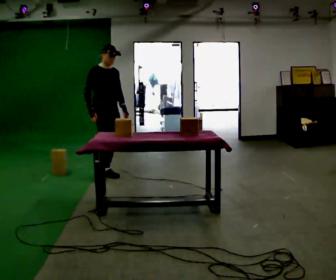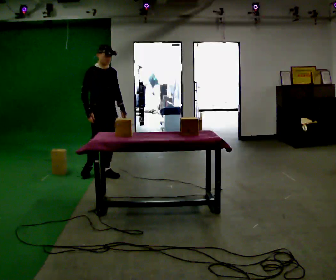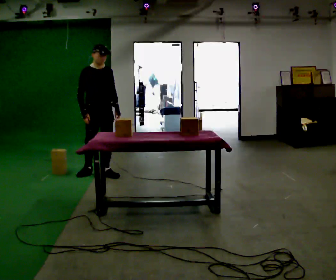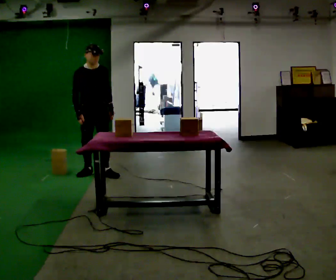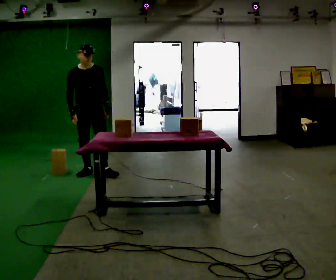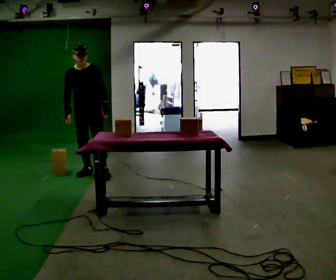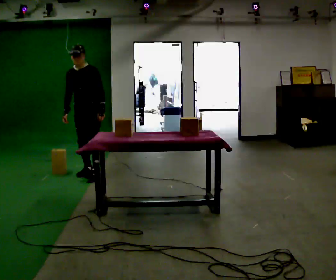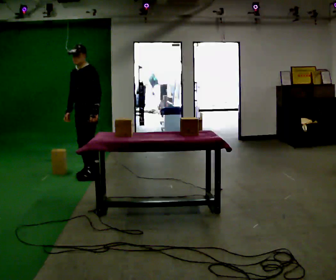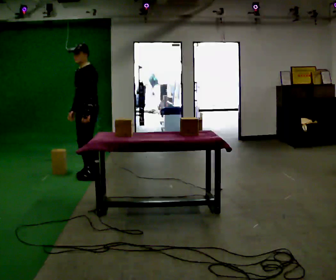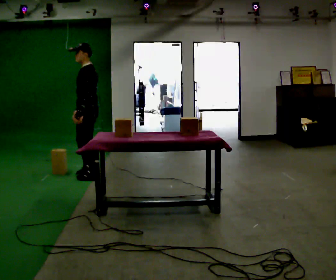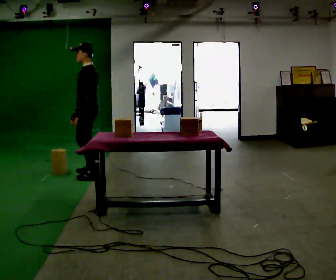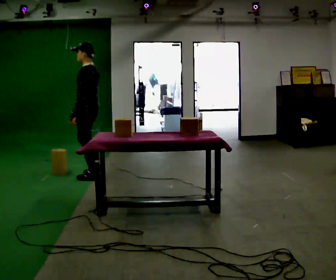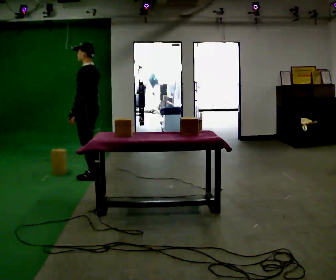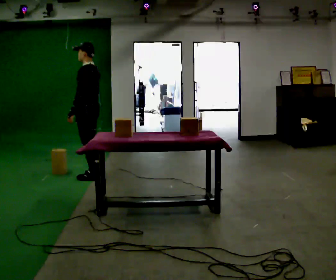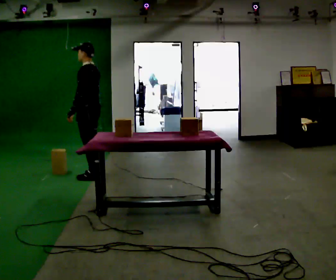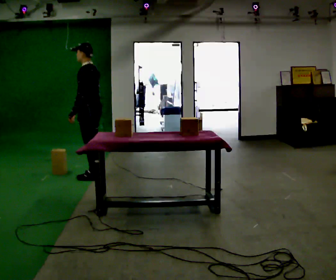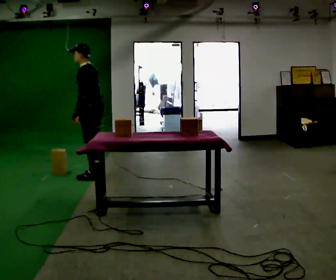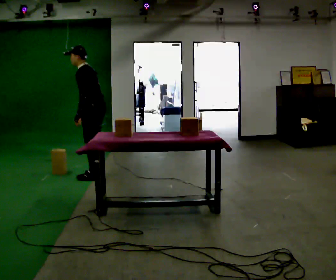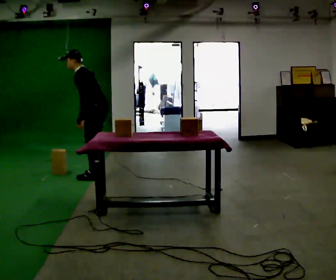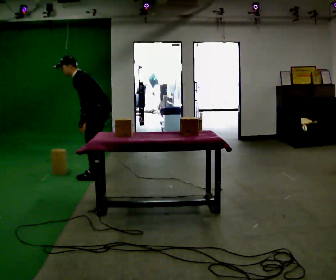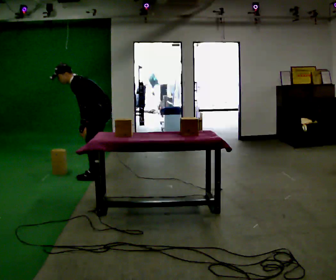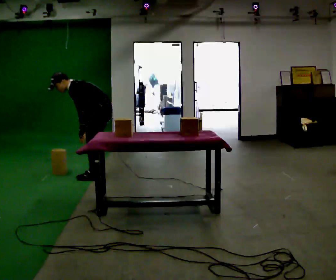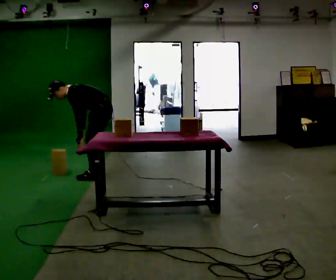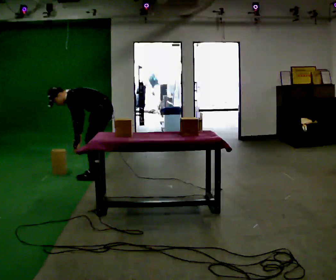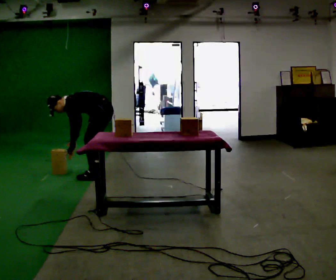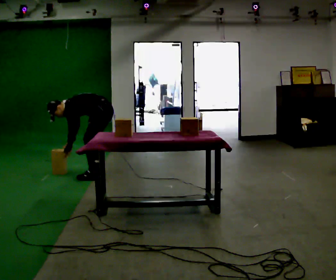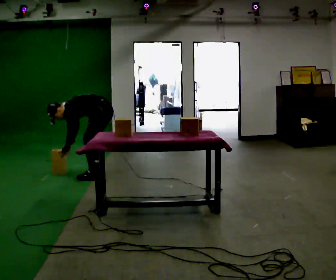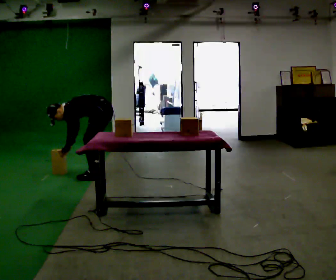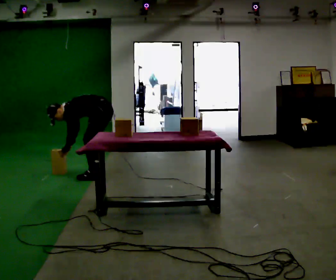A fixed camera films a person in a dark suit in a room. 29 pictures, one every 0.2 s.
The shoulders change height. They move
downward.
Their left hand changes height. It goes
downward.
0.0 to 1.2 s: The person turns about 75 degrees to their right, clockwise seen from above, so the part of the body nearest the lens slides to the left. In the picture they go to the left, about 0.25 m in 1 step. In the picture their right hand goes to the left.
1.2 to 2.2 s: The part of the body nearest the lens slides to the left as the person turns to their right by about 75 degrees. In the picture they go toward the camera, about 0.25 m in 1 step. In the picture their left hand goes to the left, the arm swinging clockwise.
2.2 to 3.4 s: In the picture the upper body tilts counterclockwise, shoulders to the left, as they bend forward.
3.4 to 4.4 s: The shoulders move downward. In the picture the upper body tilts counterclockwise, shoulders to the left, as they bend forward.
4.4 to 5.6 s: The shoulders move downward. In the picture the upper body tilts counterclockwise, shoulders to the left, as they bend forward.
The film runs backward here.
